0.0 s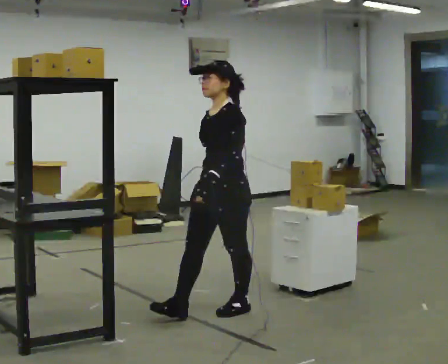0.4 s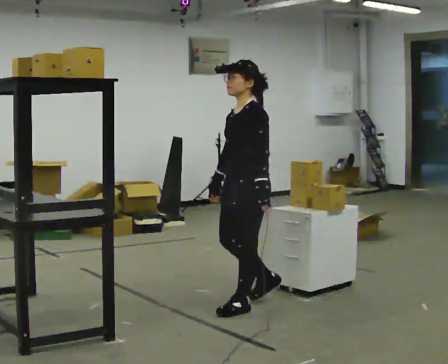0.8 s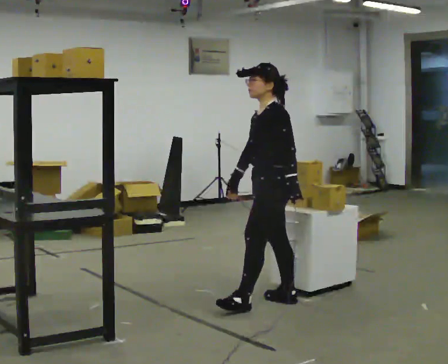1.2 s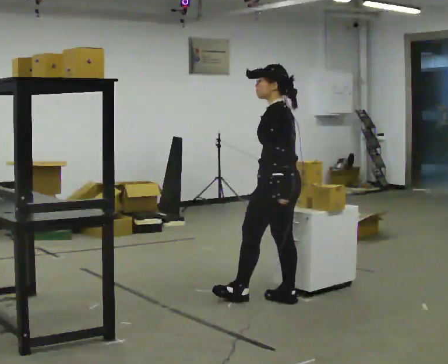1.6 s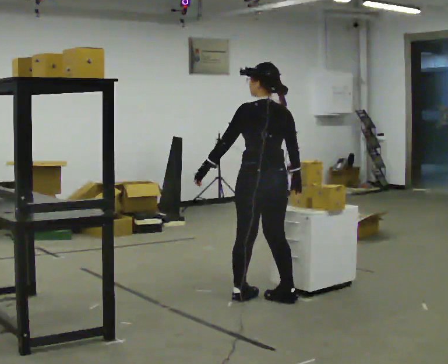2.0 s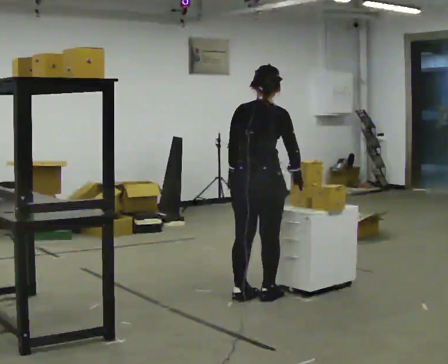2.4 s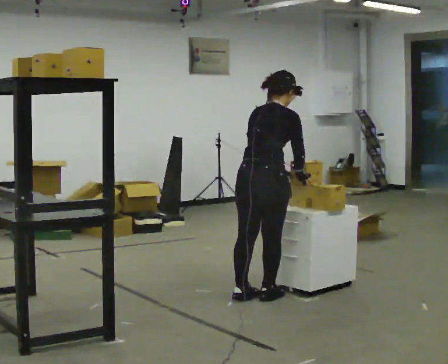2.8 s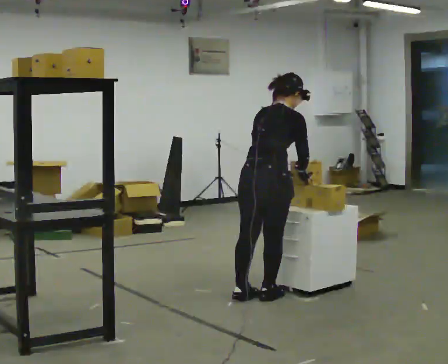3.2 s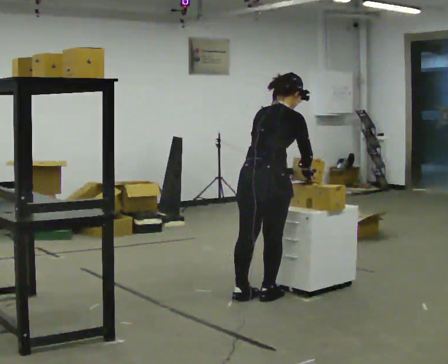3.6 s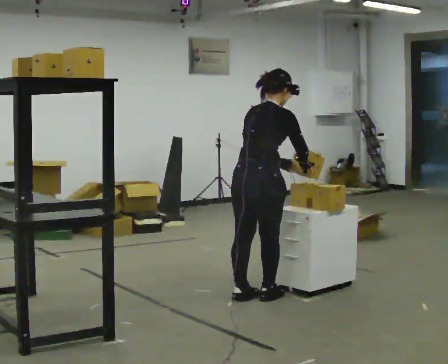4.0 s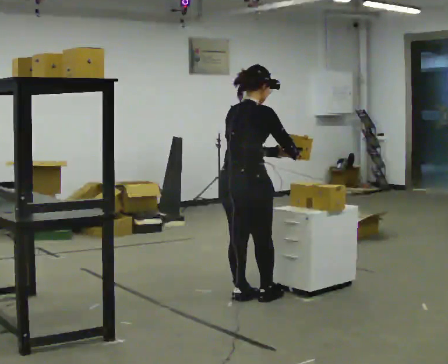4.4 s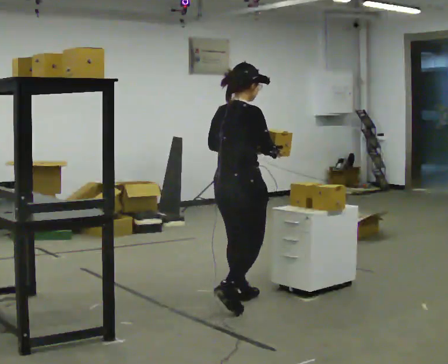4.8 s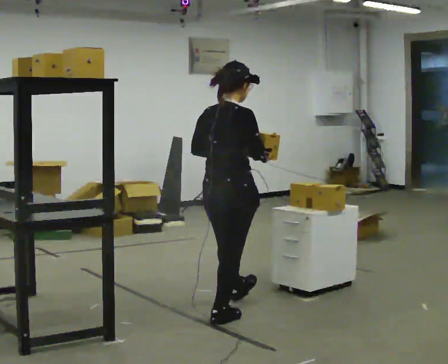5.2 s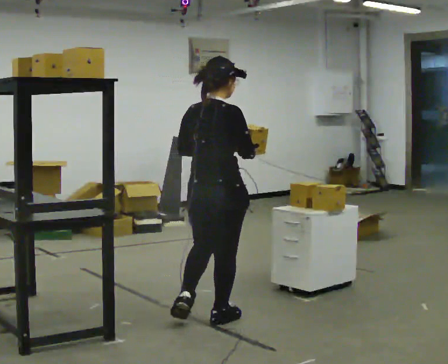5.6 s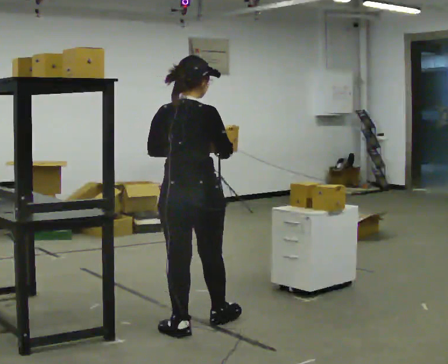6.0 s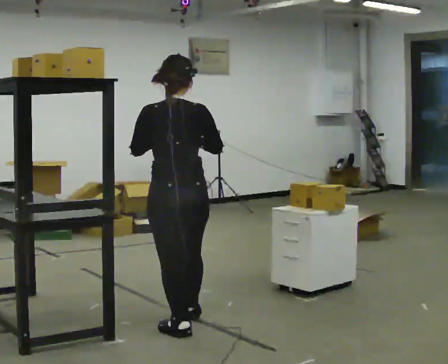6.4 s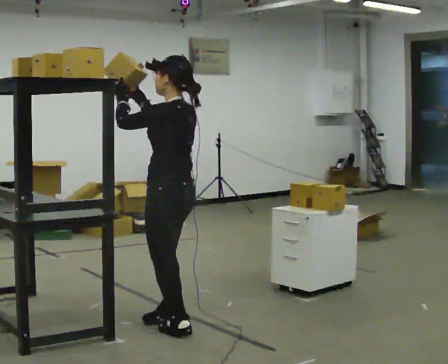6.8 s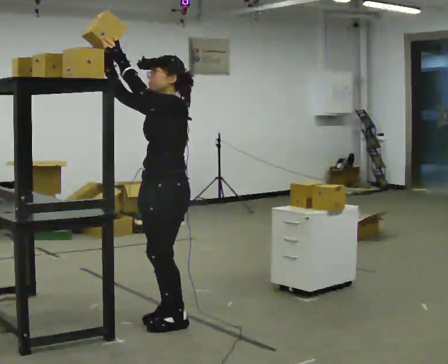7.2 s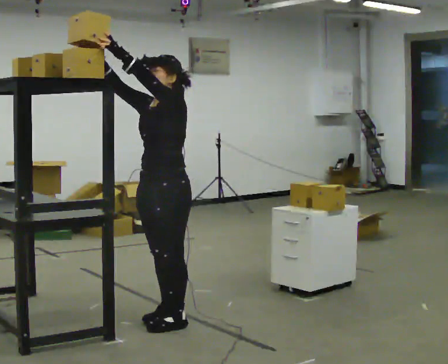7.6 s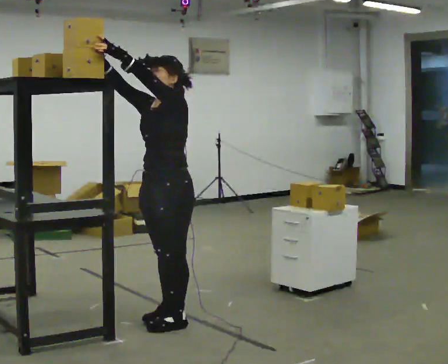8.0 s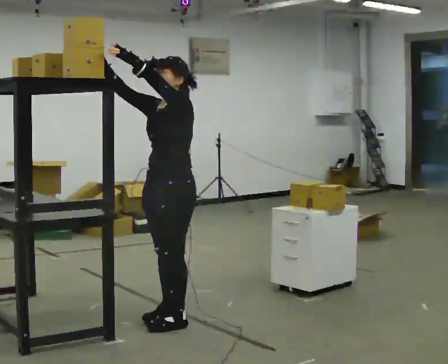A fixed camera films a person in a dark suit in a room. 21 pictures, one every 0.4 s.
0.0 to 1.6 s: The person turns about 105 degrees to their right, clockwise seen from above, so the part of the body nearest the lens slides to the left. In the picture they go away from the camera and to the right, about 0.5 m in 1 step.
1.6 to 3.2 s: The part of the body nearest the lens slides to the left as the person turns to their right by about 45 degrees. The upper body tips away from the camera, its near side rolling upward, as they bend forward. In the picture their left hand goes to the right, the arm swinging counterclockwise.
3.2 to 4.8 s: In the picture they go toward the camera and to the left, about 0.5 m in 2 steps, which for them is backward. The upper body tips toward the camera, its near side rolling downward, as they lean back or straighten.
4.8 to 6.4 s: The person turns about 105 degrees to their left, counterclockwise seen from above, so the part of the body nearest the lens slides to the right. In the picture they go to the left and toward the camera, about 0.5 m in 1 step. In the picture their right hand goes upward.
6.4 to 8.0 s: The person turns about 60 degrees to their left, counterclockwise seen from above, so the part of the body nearest the lens slides to the right. In the picture they go away from the camera, about 0.25 m in 1 step, which for them is to their right.
The film runs backward here.
